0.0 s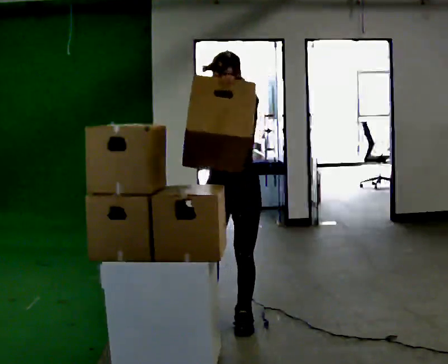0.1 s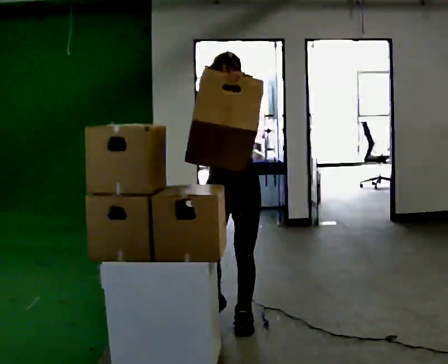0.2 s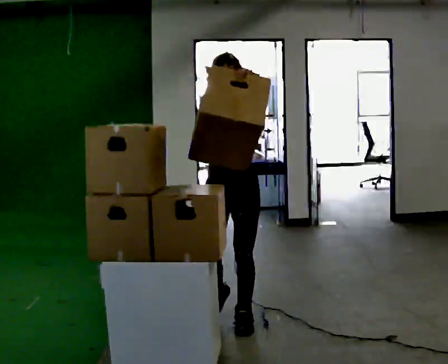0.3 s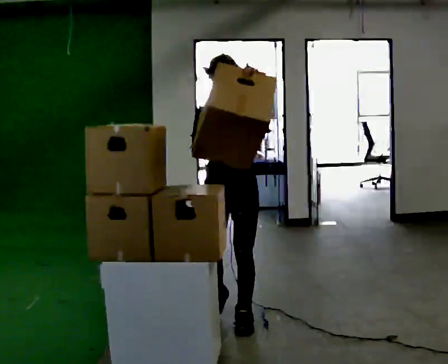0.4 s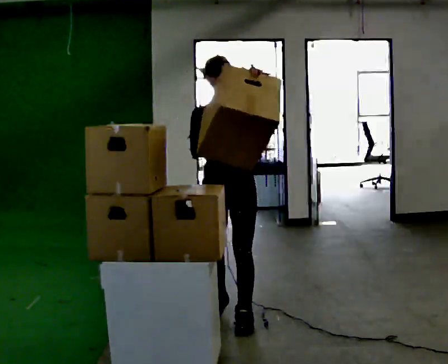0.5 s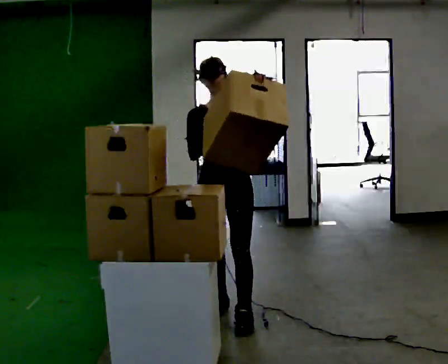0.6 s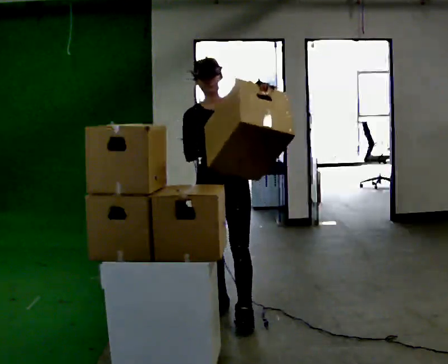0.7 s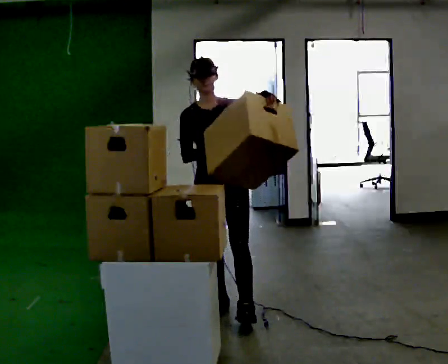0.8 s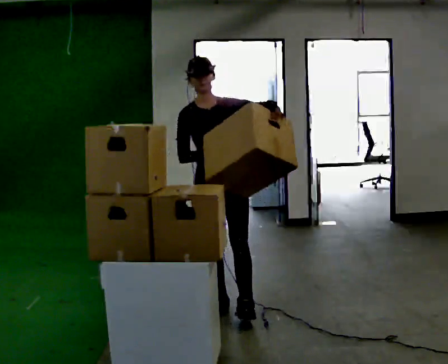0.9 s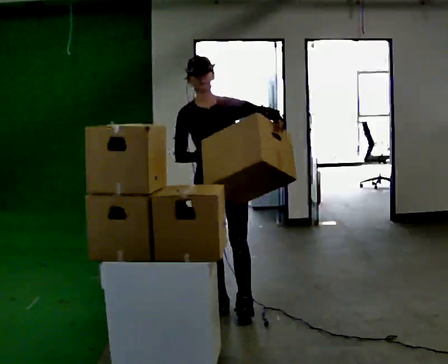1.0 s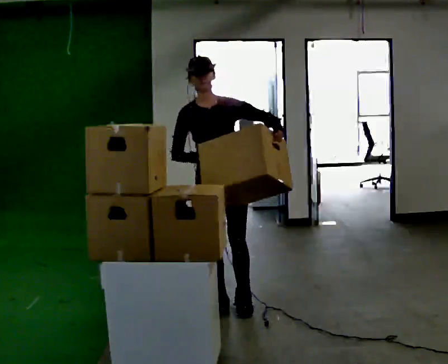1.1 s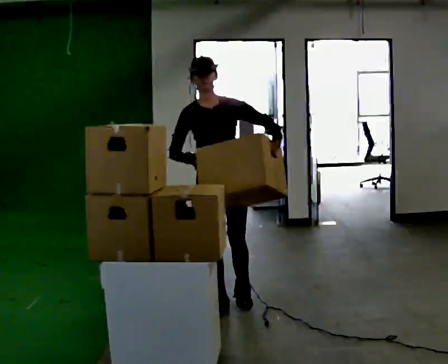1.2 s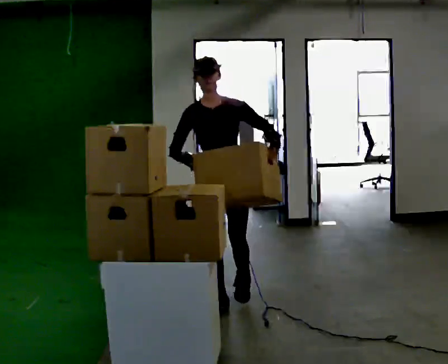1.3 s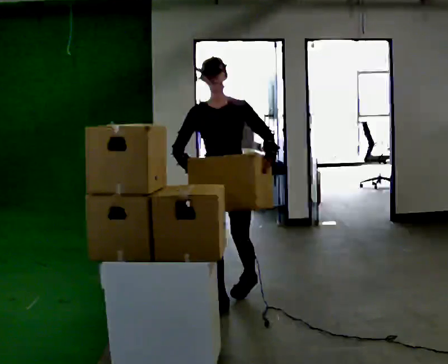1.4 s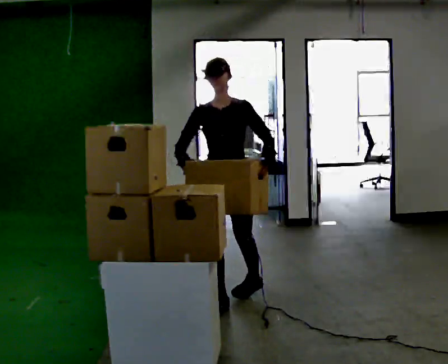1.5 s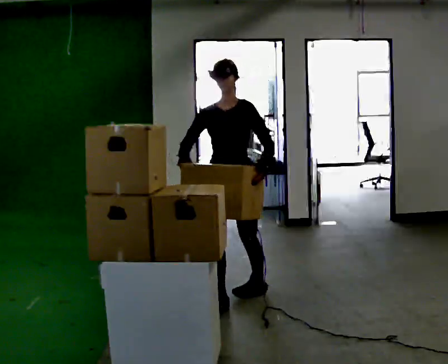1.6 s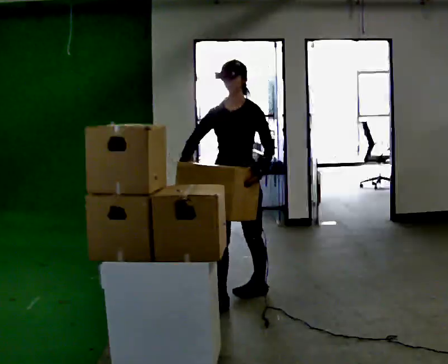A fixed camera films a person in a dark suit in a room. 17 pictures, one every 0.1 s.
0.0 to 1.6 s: In the picture they go away from the camera, about 0.5 m in 1 step, which for them is backward. In the picture their left hand goes downward.
The film runs backward here.
